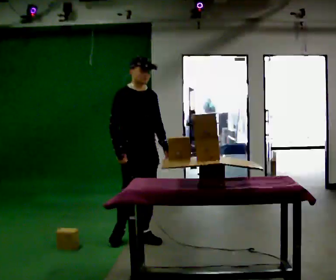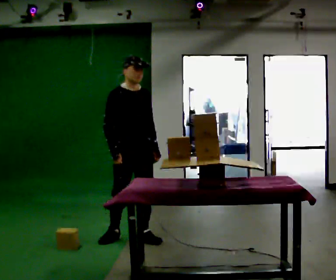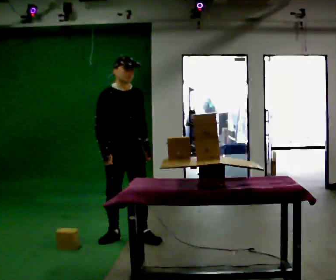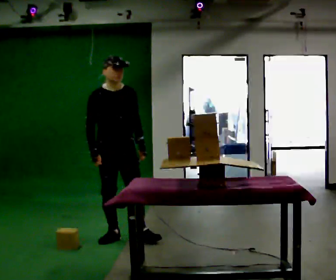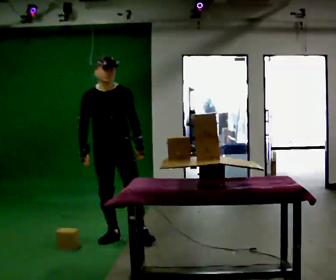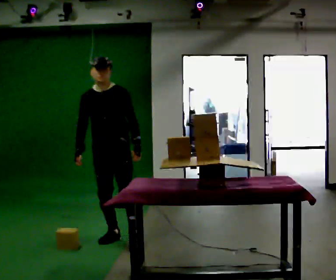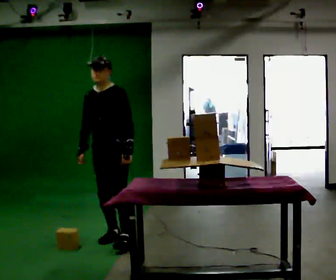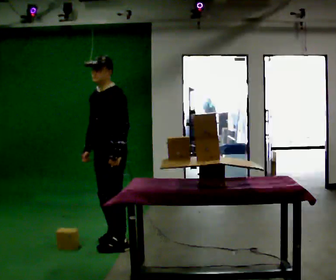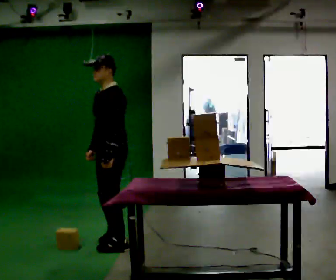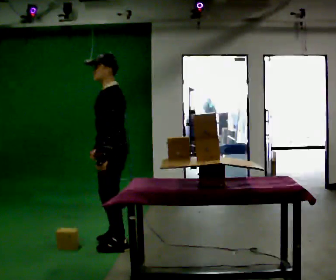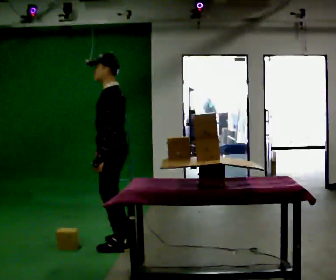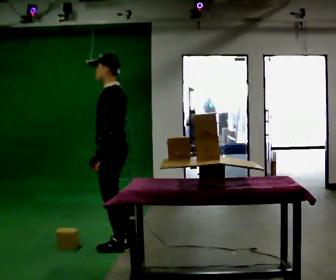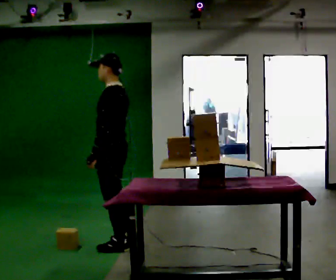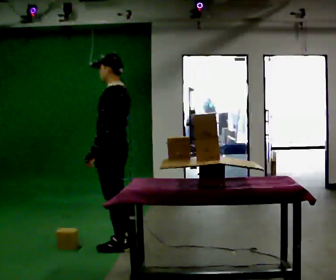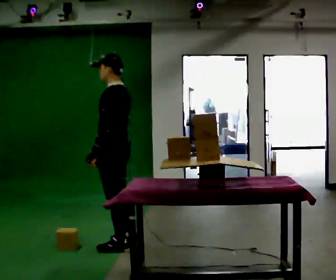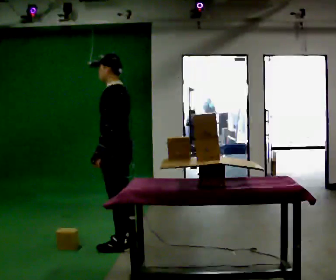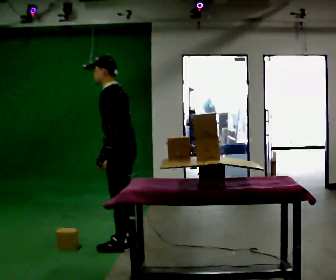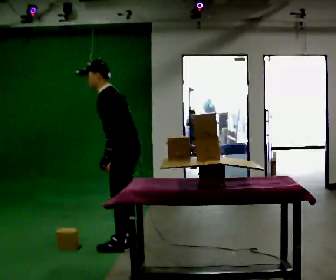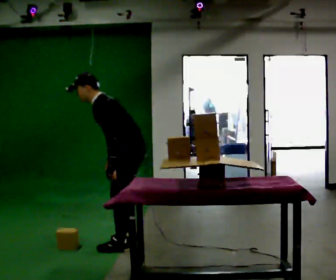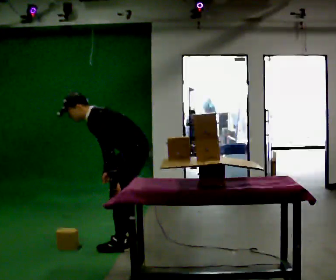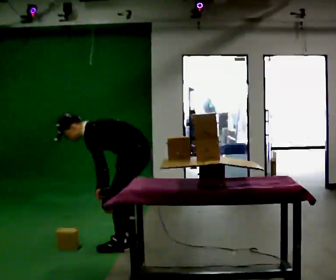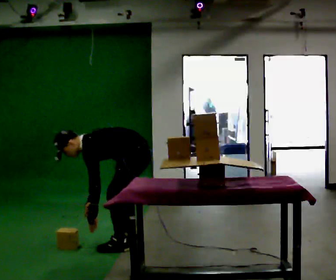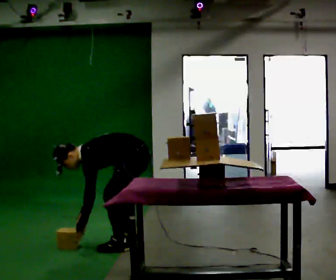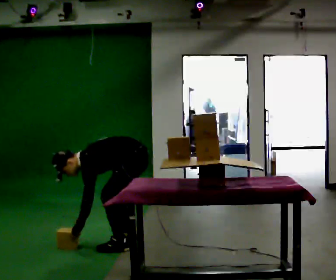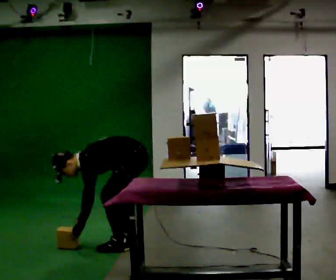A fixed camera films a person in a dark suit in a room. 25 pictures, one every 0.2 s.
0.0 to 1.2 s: The part of the body nearest the lens slides to the left as the person turns to their right by about 60 degrees. In the picture they go to the left, about 0.25 m in 1 step. In the picture their right hand goes to the left.
1.2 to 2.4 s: Seen from above the body turns clockwise, about 75 degrees: to their right, with its near side sliding to the left. In the picture they go toward the camera, about 0.25 m in 1 step.
2.4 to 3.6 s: In the picture they go to the right, about 0.25 m, which for them is backward. In the picture the upper body tilts counterclockwise, shoulders to the left, as they bend forward.
3.6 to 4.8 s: The upper body goes downward. In the picture the upper body tilts counterclockwise, shoulders to the left, as they bend forward. In the picture their left hand goes downward.
The film runs backward here.
